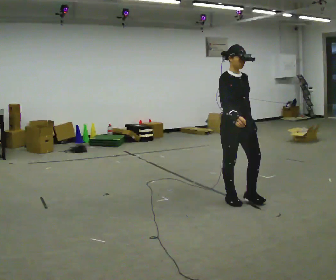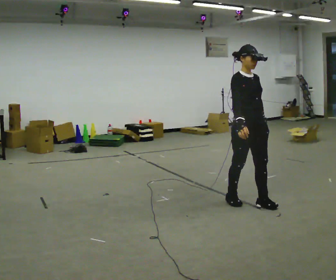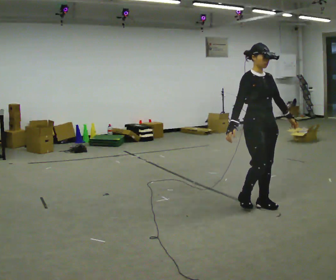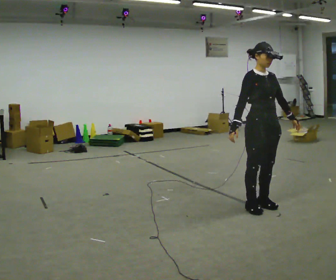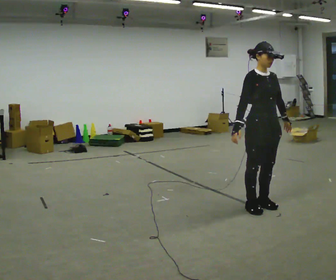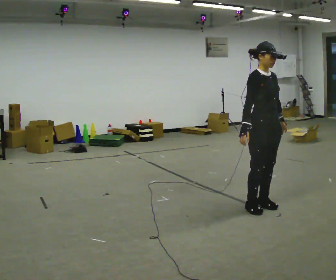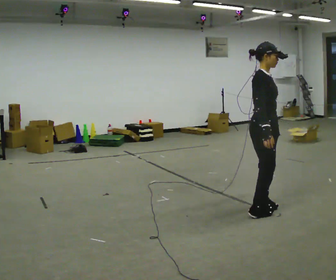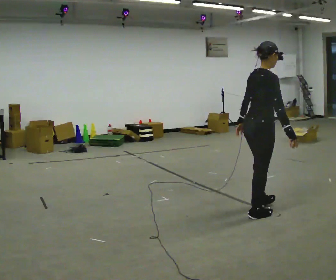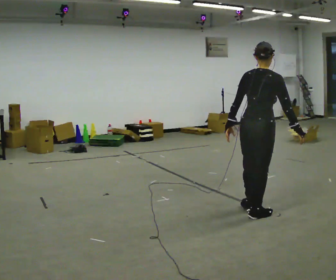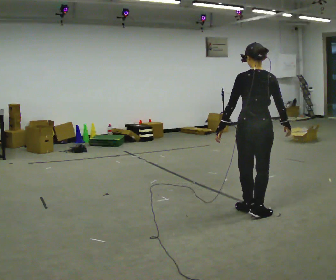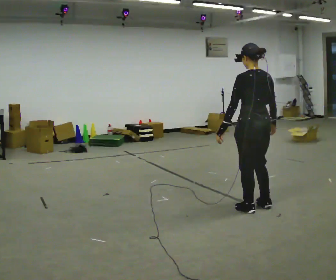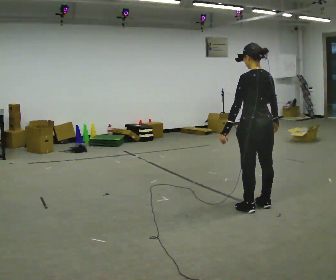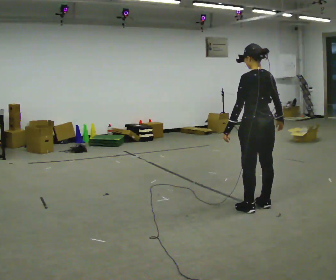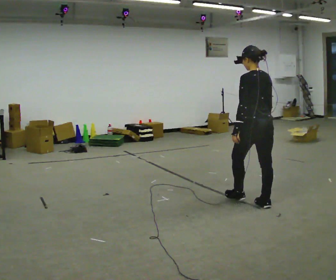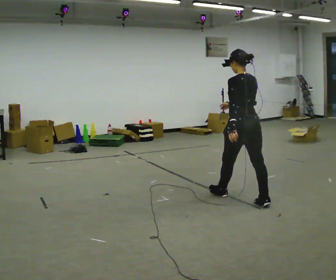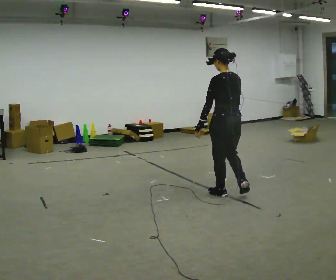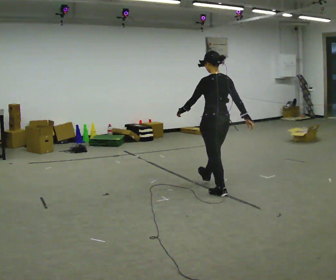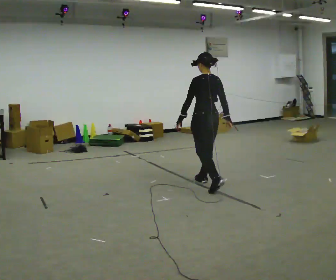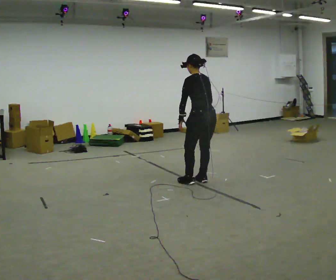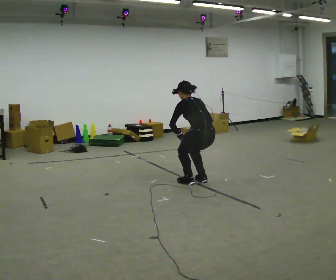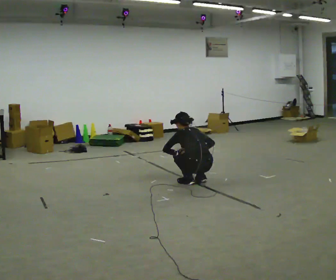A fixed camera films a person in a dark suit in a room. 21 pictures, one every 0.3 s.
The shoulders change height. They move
downward.
The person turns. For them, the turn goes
to their left.
0.0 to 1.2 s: In the picture they go to the right and toward the camera, about 0.25 m in 2 steps, which for them is forward.
1.2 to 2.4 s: The part of the body nearest the lens slides to the right as the person turns to their left by about 120 degrees. In the picture they go toward the camera, about 0.25 m in 2 steps. In the picture their left hand goes to the left, the arm swinging clockwise.
2.4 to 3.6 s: The person turns about 60 degrees to their left, counterclockwise seen from above, so the part of the body nearest the lens slides to the right. In the picture they go away from the camera, about 0.25 m in 1 step, which for them is forward and to their right.
3.6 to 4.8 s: In the picture they go away from the camera and to the left, about 0.75 m in 1 step, which for them is forward.
4.8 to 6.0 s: In the picture they go away from the camera and to the left, about 0.25 m in 2 steps, which for them is forward. The upper body goes downward. The upper body tips away from the camera, its near side rolling upward, as they bend forward. In the picture their left hand goes downward.
The film runs forward here.
